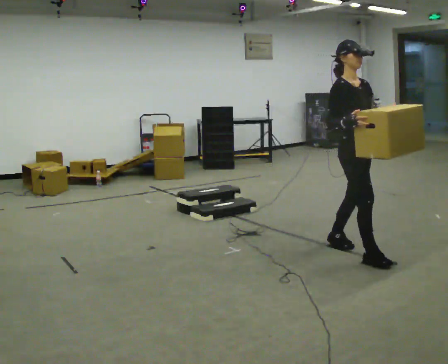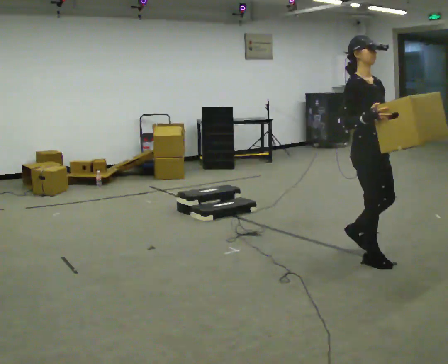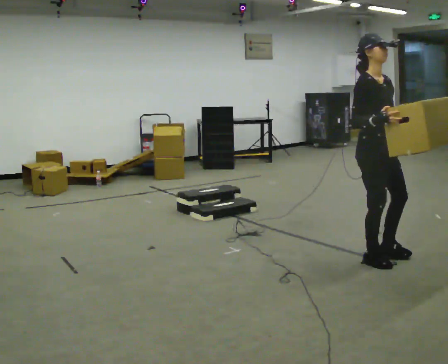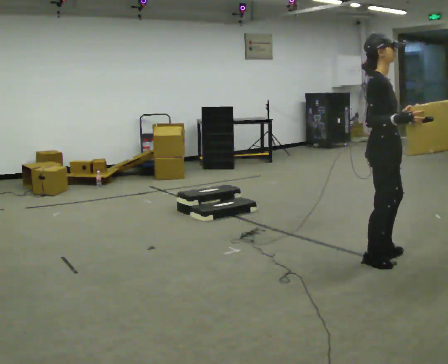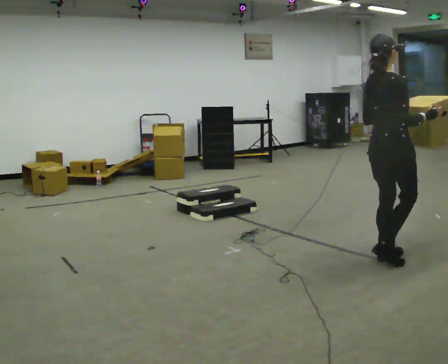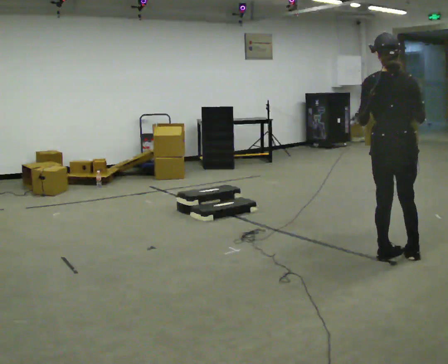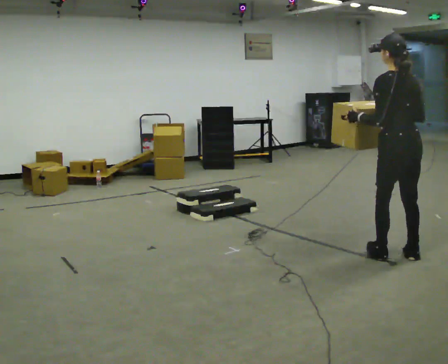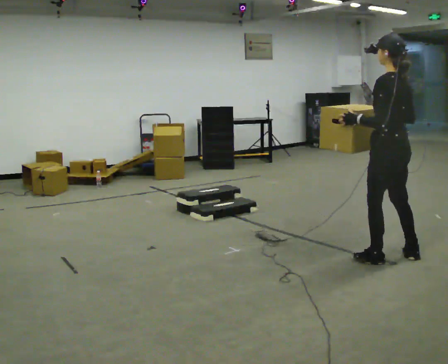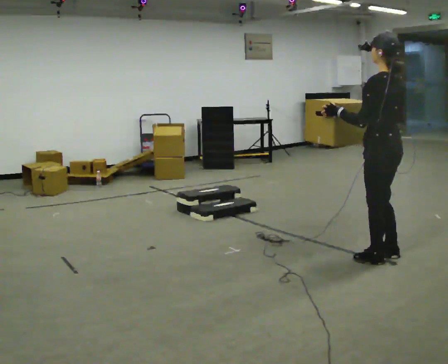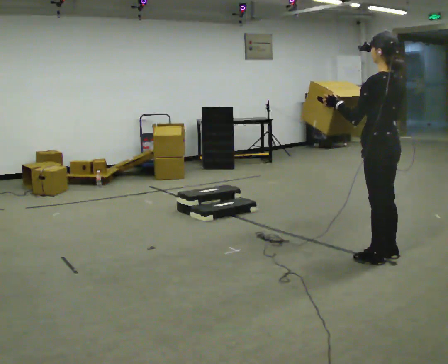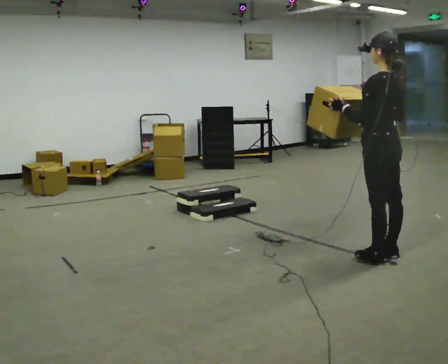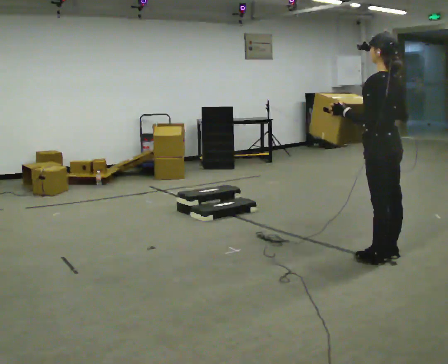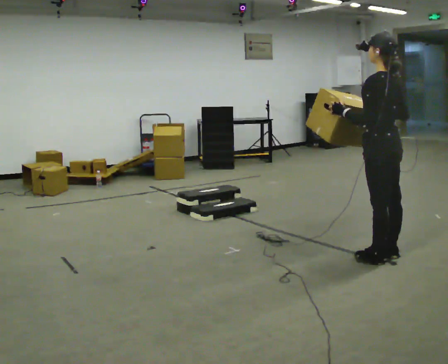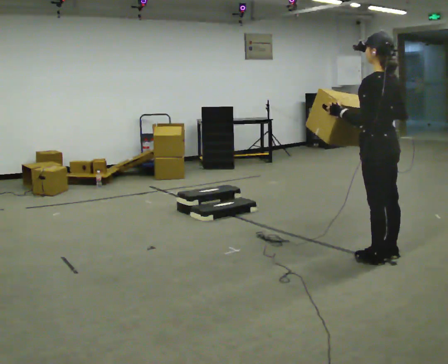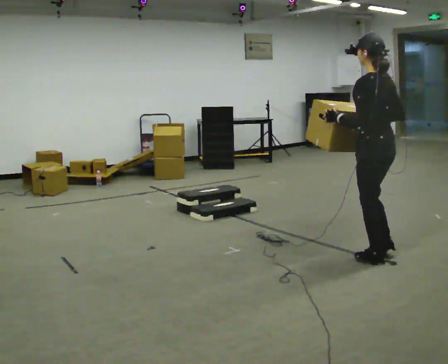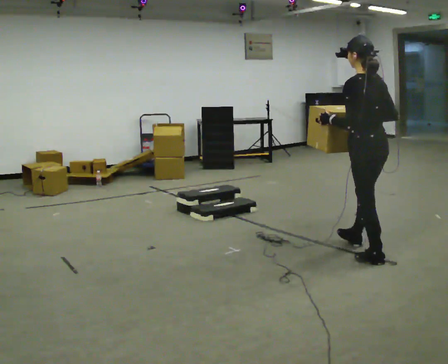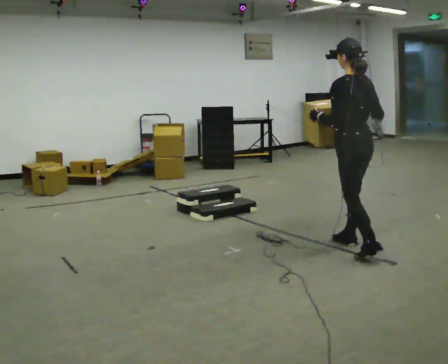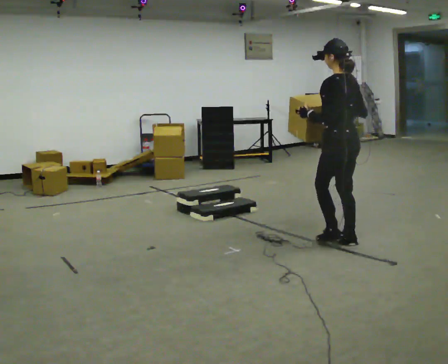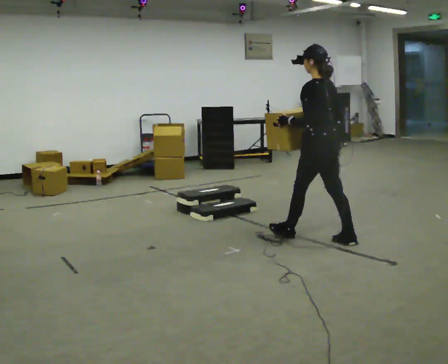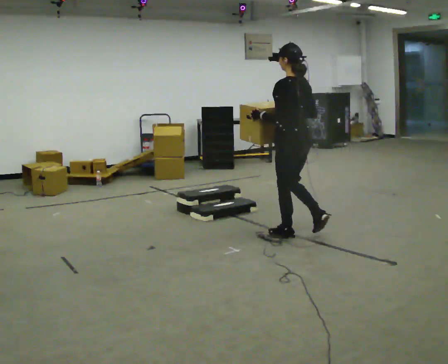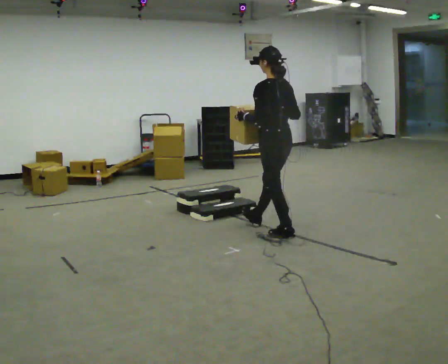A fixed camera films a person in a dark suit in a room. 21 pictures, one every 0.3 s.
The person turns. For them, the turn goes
to their left.
The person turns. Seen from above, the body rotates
counterclockwise.
0.0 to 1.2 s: Seen from above the body turns counterclockwise, about 75 degrees: to their left, with its near side sliding to the right. In the picture they go to the right, about 0.25 m in 1 step.
1.2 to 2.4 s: The person turns about 105 degrees to their left, counterclockwise seen from above, so the part of the body nearest the lens slides to the right. In the picture their right hand goes to the left.
2.4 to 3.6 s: The person moves a little, or ends about where they began.
3.6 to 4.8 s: In the picture they go away from the camera and to the left, about 0.25 m in 1 step, which for them is forward.
4.8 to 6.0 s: In the picture they go to the left and away from the camera, about 1 m in 1 step, which for them is forward.
The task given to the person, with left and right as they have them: Carry the box up the three steps, turn at the top, and carry it back down. Use the handrail only if you need it. Keep going until the operator says stop; one object at a time, and do not rush between trips.
The film runs forward here.
